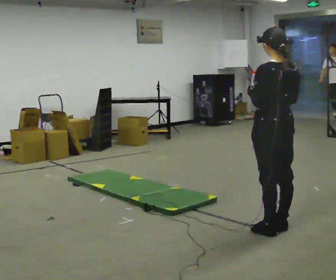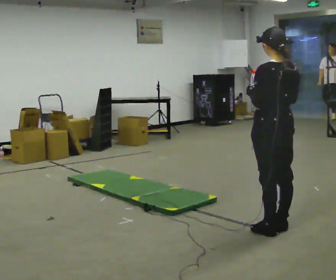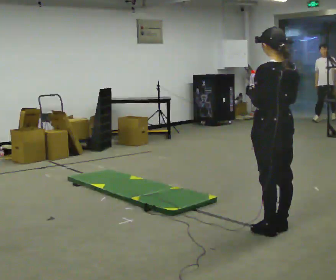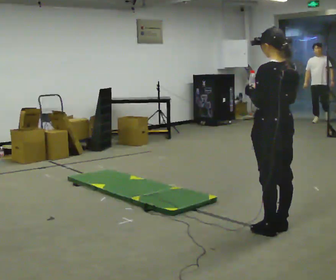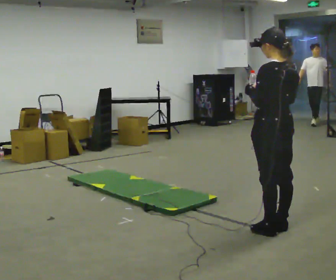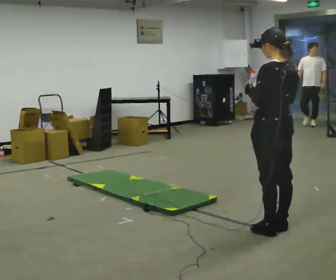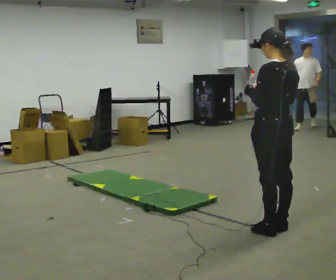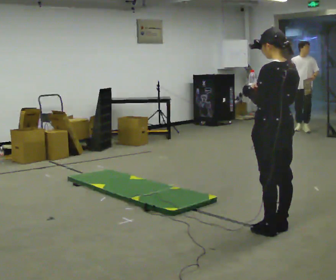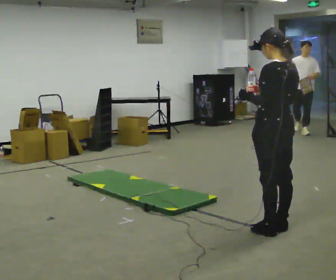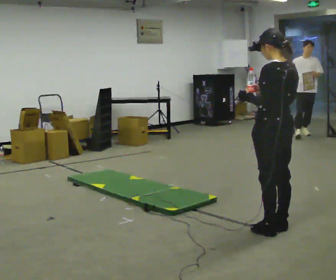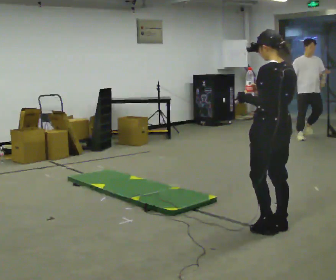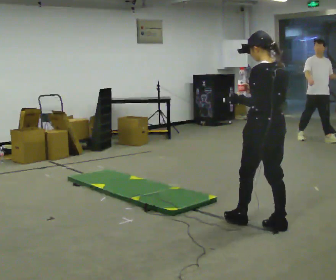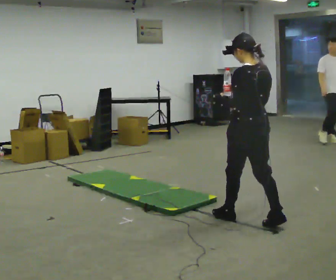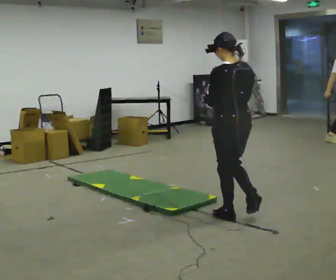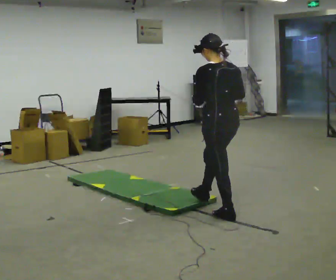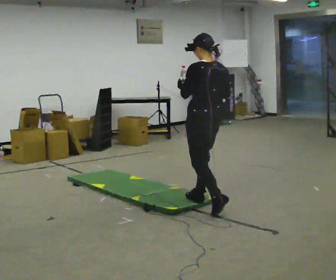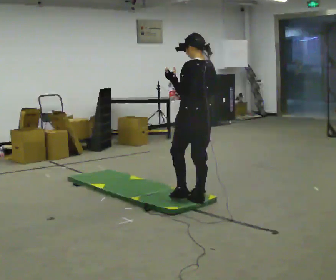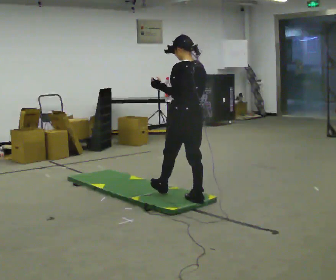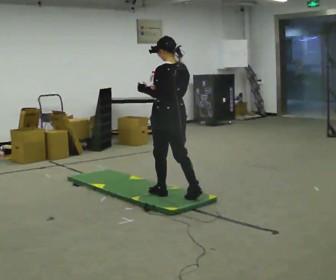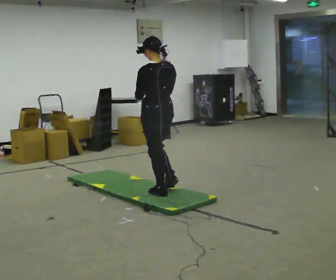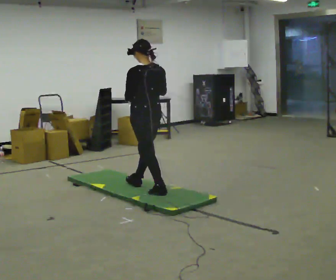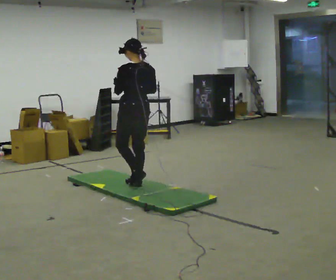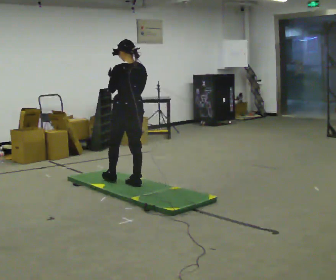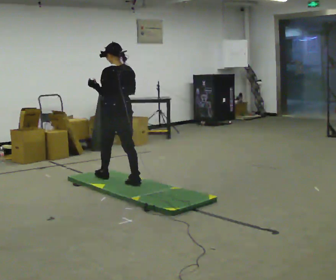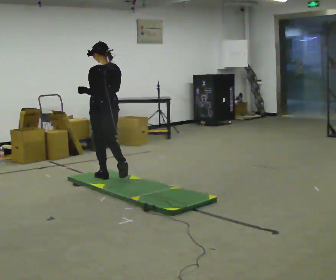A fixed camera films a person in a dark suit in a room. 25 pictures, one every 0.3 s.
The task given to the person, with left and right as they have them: Hold the object and walk back and forth. It may slip. Try to catch it if you can, but let it go rather than lurching after it.
0.0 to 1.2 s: The person keeps their place and pose.
1.2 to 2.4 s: The person moves a little, or ends about where they began.
2.4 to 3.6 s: In the picture they go away from the camera and to the left, about 0.25 m in 1 step, which for them is forward.
3.6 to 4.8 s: In the picture they go to the left and away from the camera, about 0.75 m in 1 step, which for them is forward.
4.8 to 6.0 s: In the picture they go to the left and away from the camera, about 0.75 m in 2 steps, which for them is forward.
6.0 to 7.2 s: In the picture they go to the left and away from the camera, about 0.75 m in 1 step, which for them is forward.
The film runs forward here.
